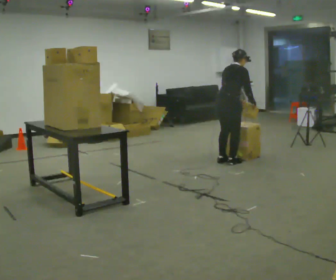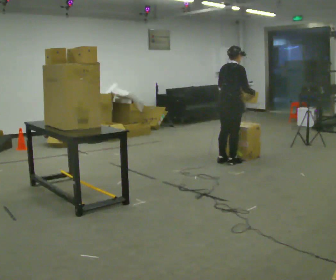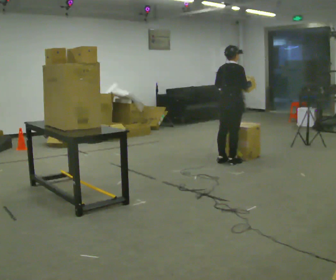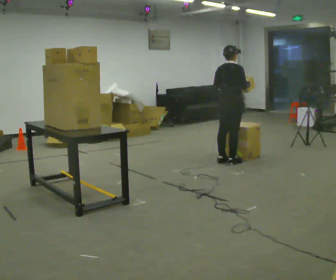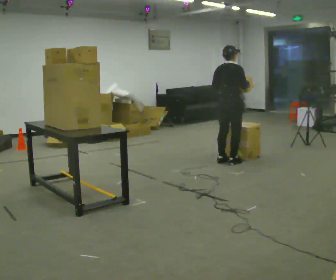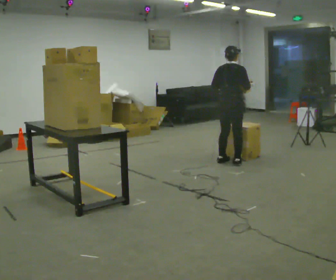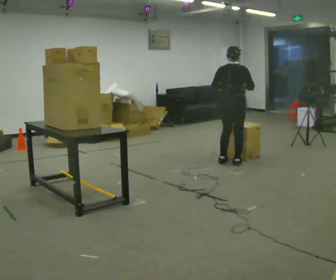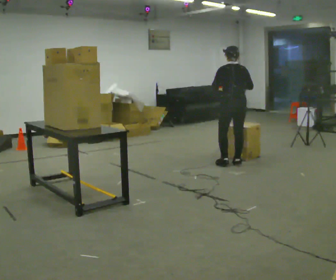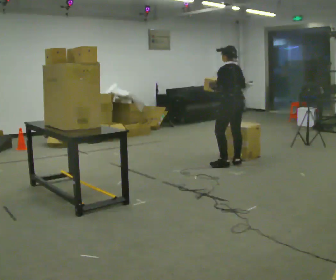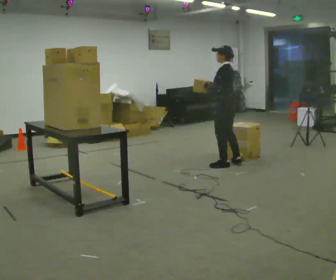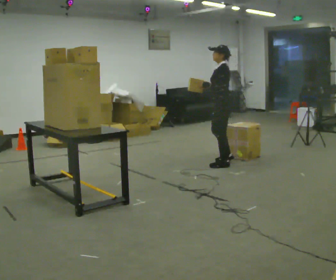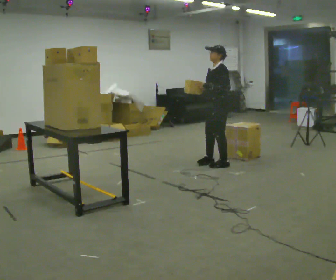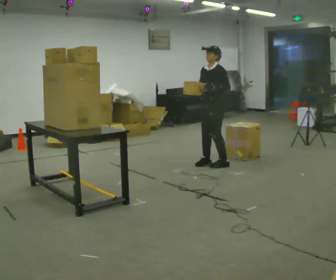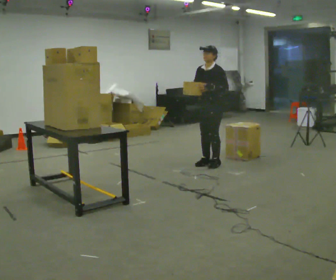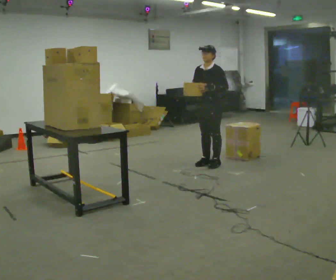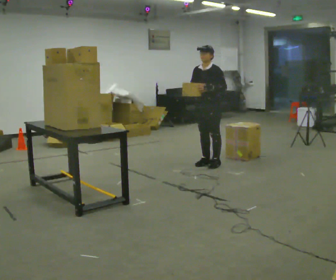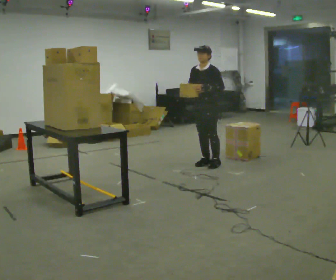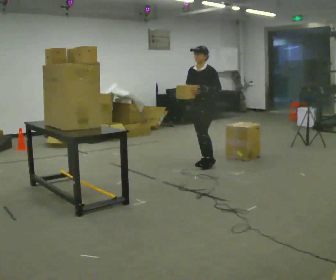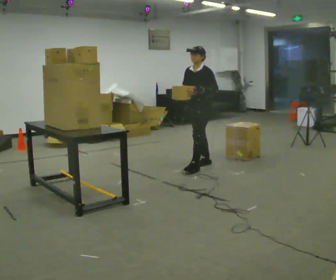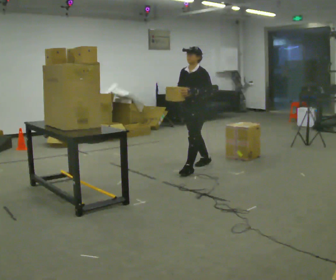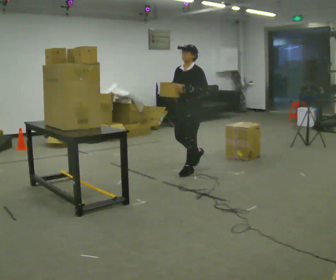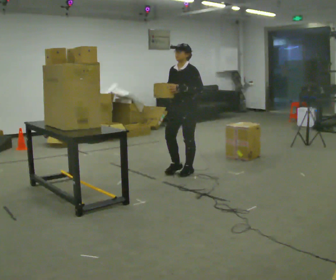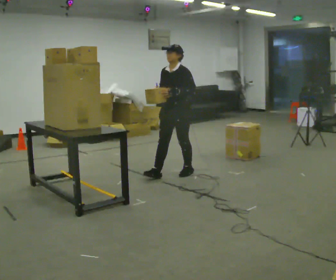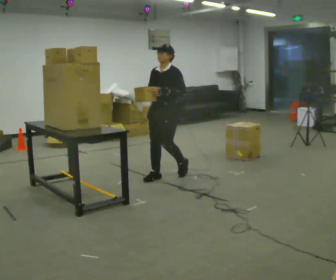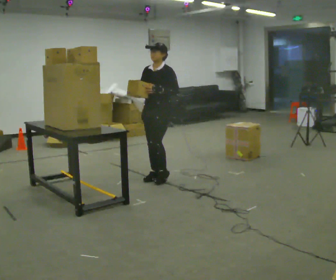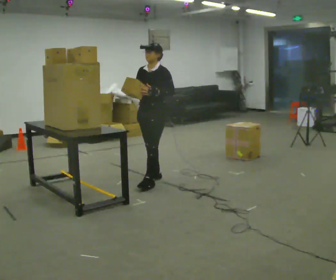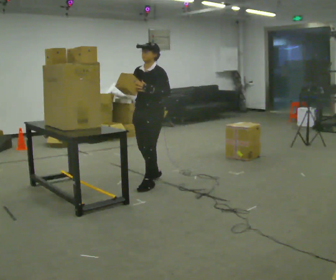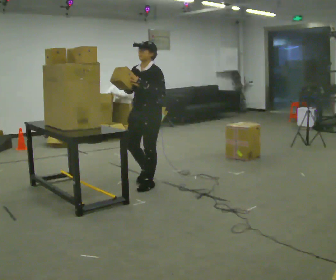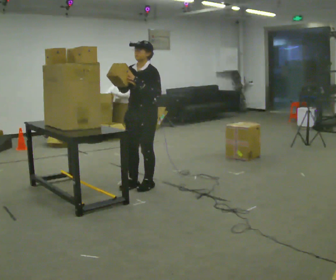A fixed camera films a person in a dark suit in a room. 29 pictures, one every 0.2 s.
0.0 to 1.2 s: The part of the body nearest the lens slides to the right as the person turns to their left by about 45 degrees.
1.2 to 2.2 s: The person turns about 120 degrees to their left, counterclockwise seen from above, so the part of the body nearest the lens slides to the right. In the picture they go to the left, about 0.25 m in 1 step. In the picture their right hand goes to the left.
2.2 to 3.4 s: Seen from above the body turns counterclockwise, about 30 degrees: to their left, with its near side sliding to the right. In the picture they go to the left, about 0.25 m in 2 steps, which for them is to their right.
3.4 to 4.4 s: In the picture they go toward the camera and to the left, about 0.5 m in 1 step, which for them is forward.
4.4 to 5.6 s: In the picture they go toward the camera and to the left, about 0.5 m in 2 steps, which for them is forward.
The film runs forward here.
